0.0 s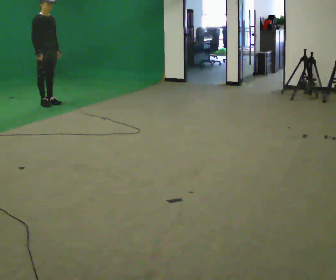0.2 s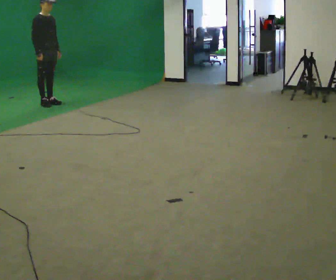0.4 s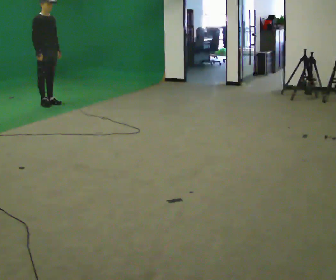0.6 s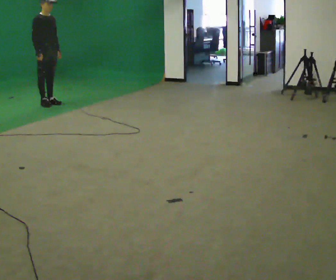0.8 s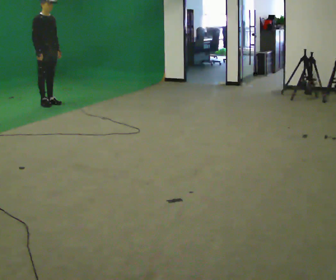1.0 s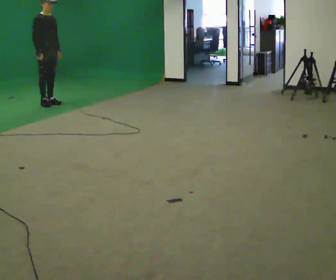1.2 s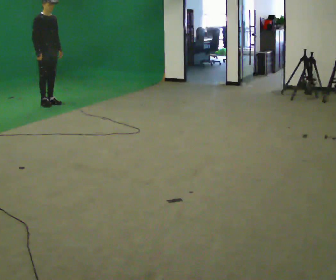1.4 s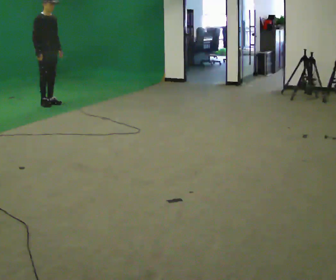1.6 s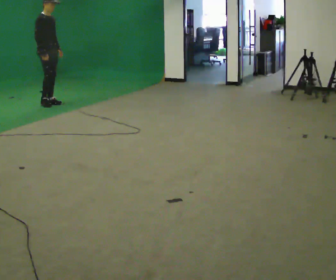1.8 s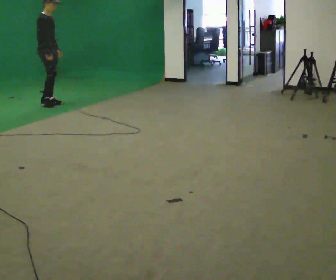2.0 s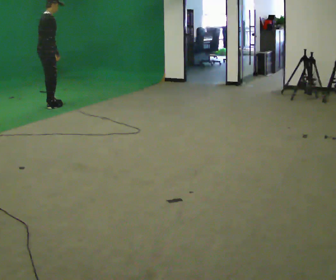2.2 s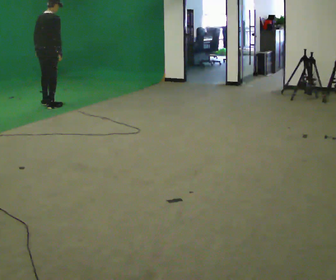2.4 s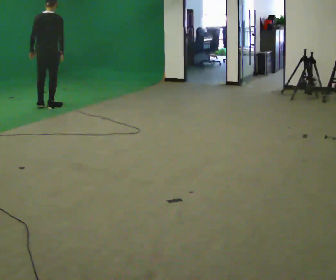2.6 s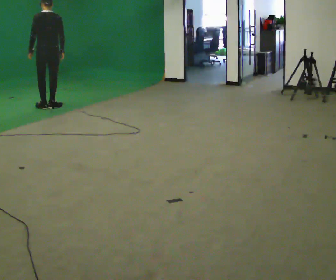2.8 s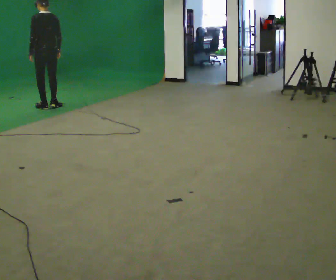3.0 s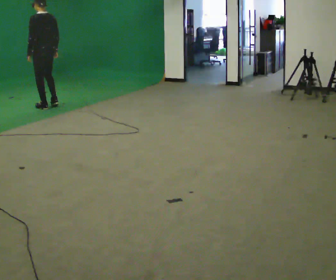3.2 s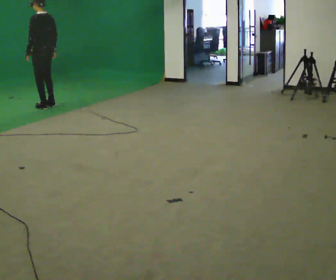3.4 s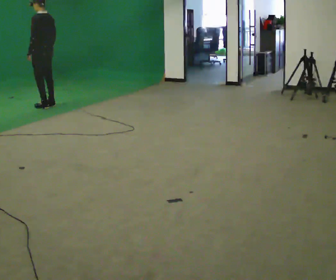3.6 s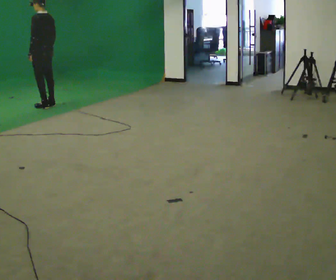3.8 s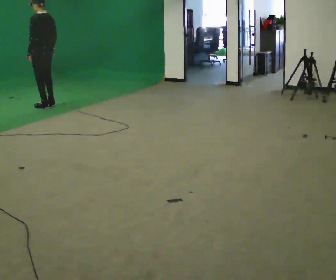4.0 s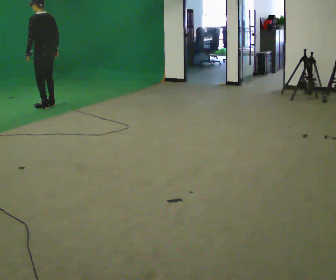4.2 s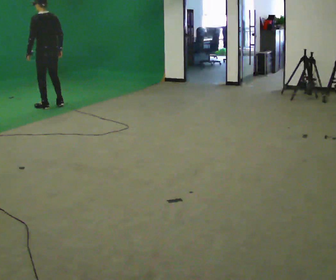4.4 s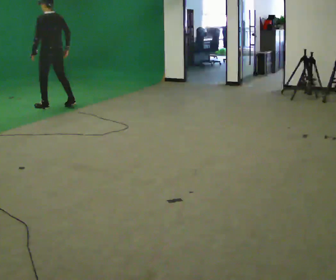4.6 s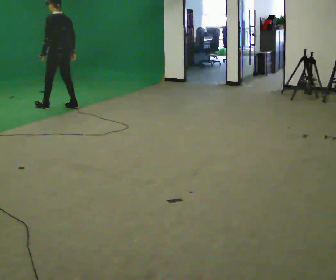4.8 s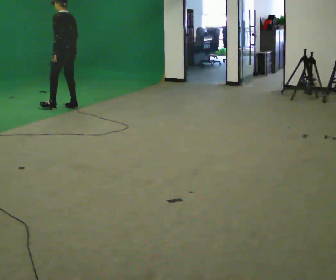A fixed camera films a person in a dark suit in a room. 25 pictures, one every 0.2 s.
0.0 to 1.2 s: The person moves a little, or ends about where they began.
1.2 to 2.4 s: The part of the body nearest the lens slides to the right as the person turns to their left by about 120 degrees. In the picture they go toward the camera, about 0.25 m in 1 step.
2.4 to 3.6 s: The part of the body nearest the lens slides to the right as the person turns to their left by about 60 degrees.
3.6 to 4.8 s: In the picture they go to the right and toward the camera, about 0.5 m in 1 step, which for them is backward and to their right.
The film runs forward here.
